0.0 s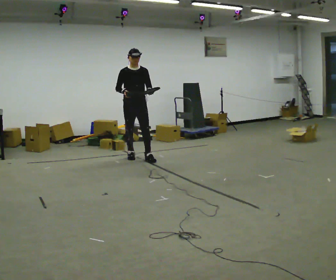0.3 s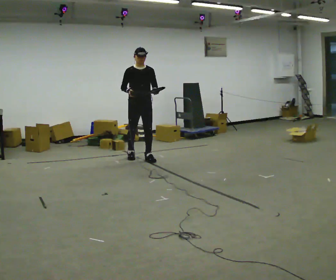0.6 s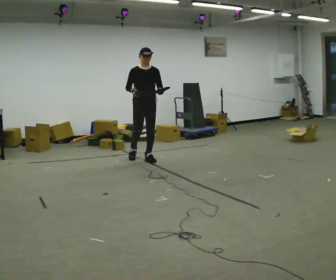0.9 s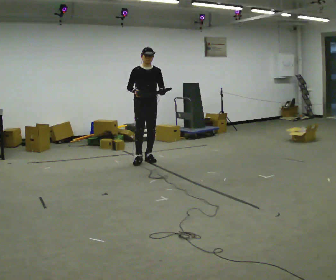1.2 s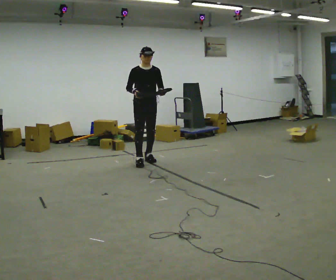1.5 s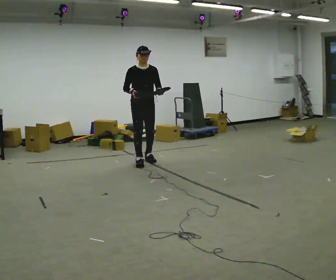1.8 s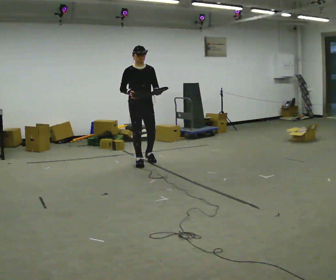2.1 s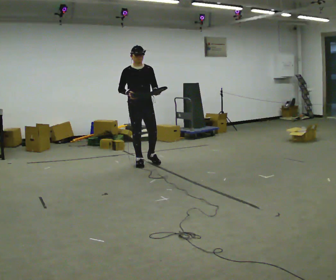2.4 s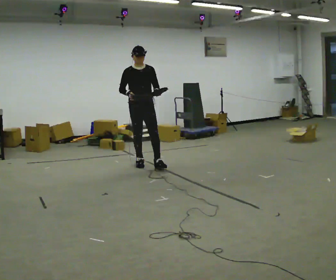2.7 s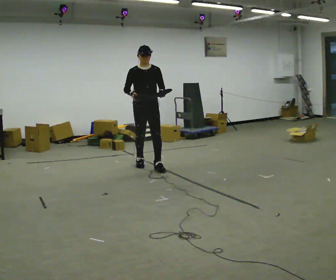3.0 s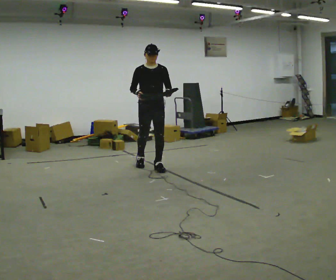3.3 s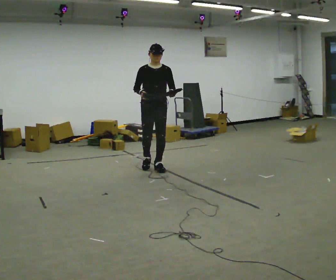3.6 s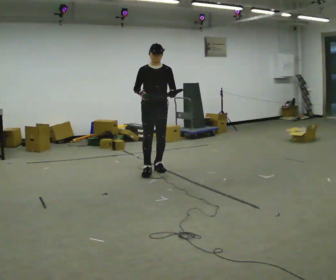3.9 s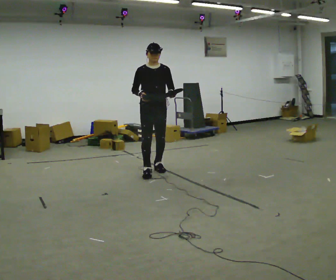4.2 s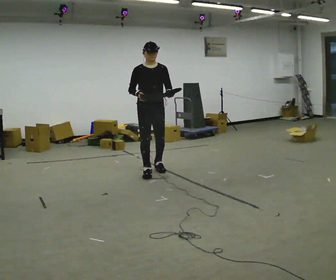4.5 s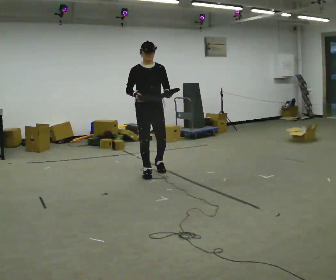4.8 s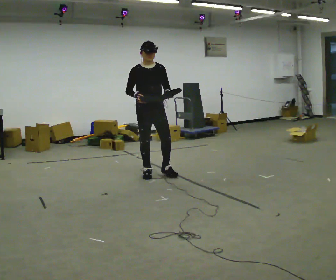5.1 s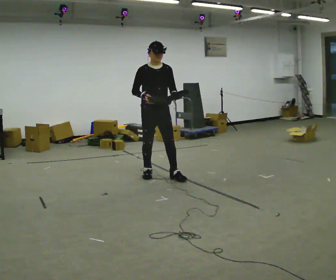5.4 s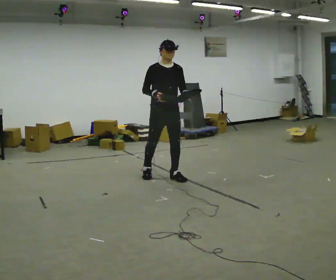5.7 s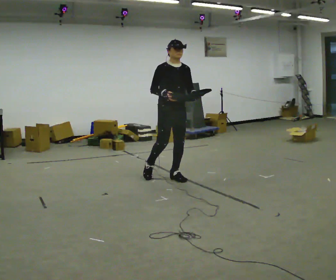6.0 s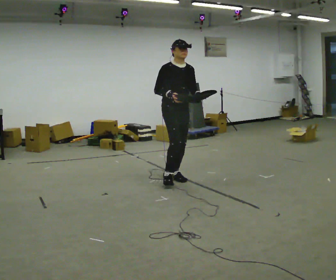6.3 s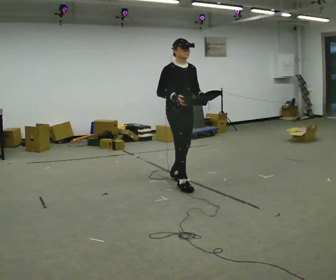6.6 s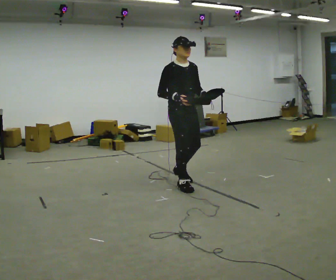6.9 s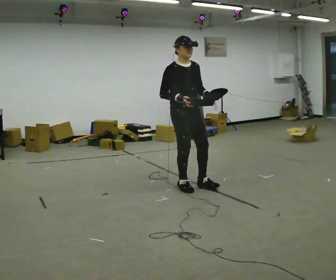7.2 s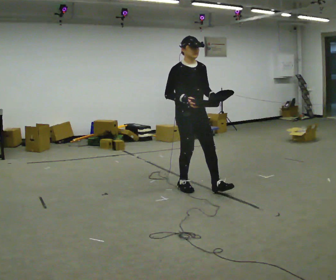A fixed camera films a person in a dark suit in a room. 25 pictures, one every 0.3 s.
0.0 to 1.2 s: In the picture they go toward the camera and to the right, about 0.25 m in 1 step, which for them is forward.
1.2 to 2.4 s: In the picture they go toward the camera, about 0.25 m, which for them is forward and to their right.
2.4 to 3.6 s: In the picture they go toward the camera and to the right, about 0.25 m in 1 step, which for them is forward and to their left.
3.6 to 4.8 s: In the picture they go toward the camera, about 0.25 m in 1 step, which for them is forward and to their right.
4.8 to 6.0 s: In the picture they go to the right and toward the camera, about 0.5 m in 1 step, which for them is forward and to their left.
6.0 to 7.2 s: In the picture they go toward the camera and to the right, about 0.5 m in 2 steps, which for them is forward.
The film runs forward here.
